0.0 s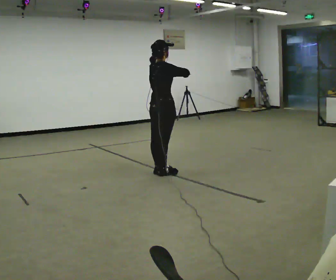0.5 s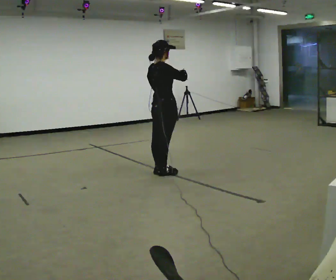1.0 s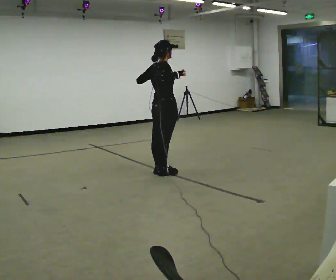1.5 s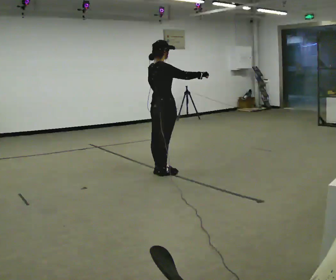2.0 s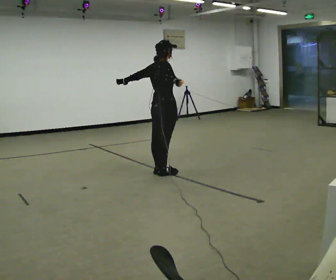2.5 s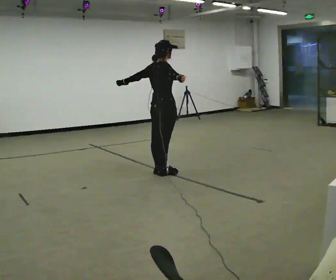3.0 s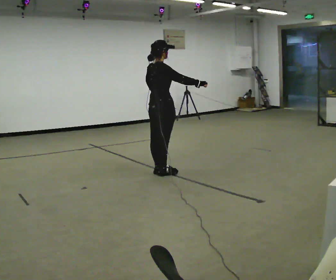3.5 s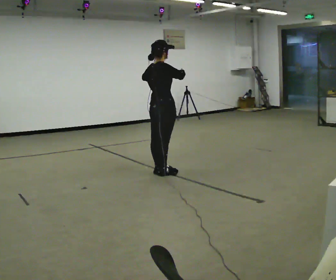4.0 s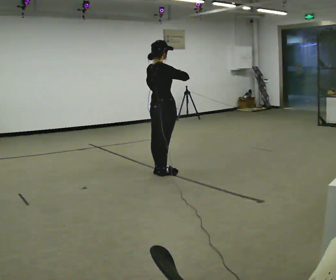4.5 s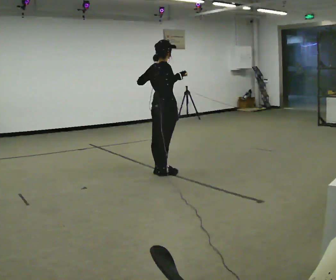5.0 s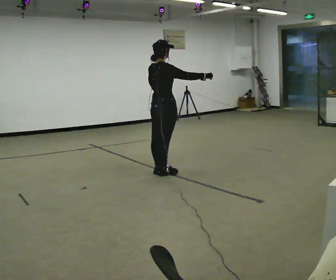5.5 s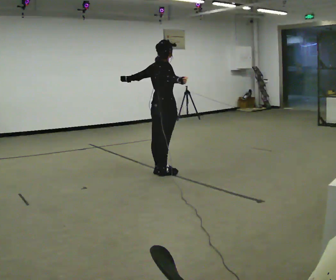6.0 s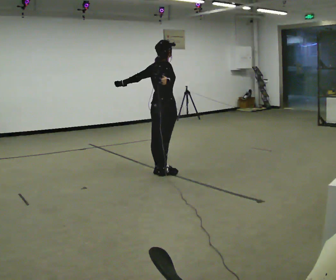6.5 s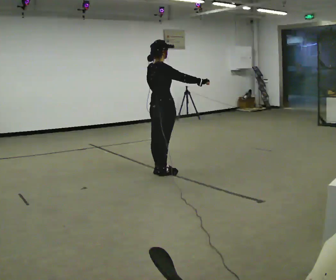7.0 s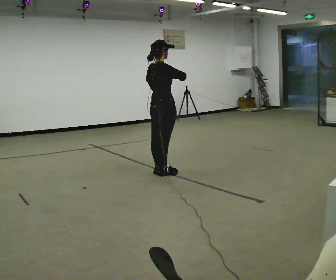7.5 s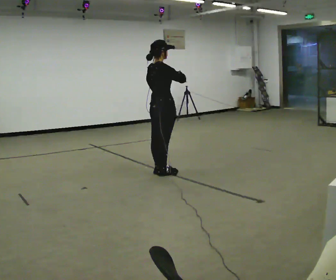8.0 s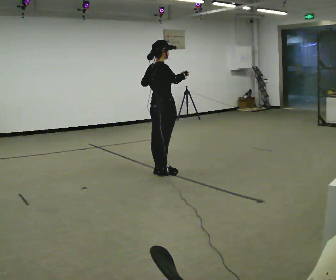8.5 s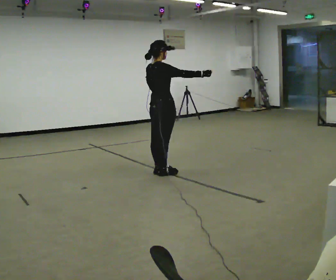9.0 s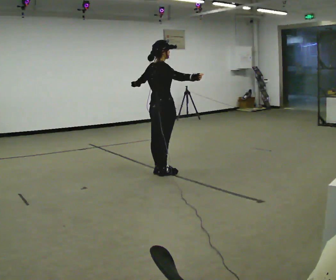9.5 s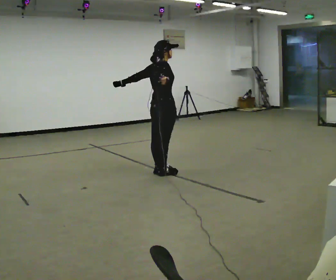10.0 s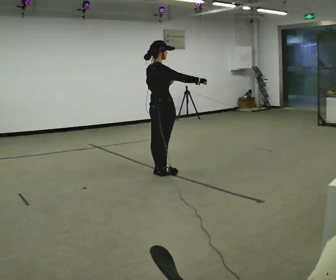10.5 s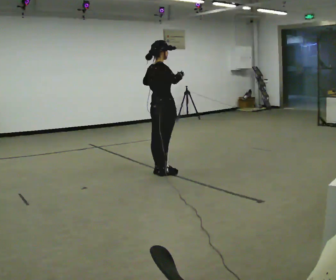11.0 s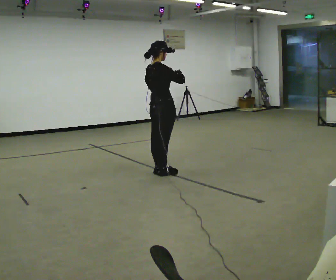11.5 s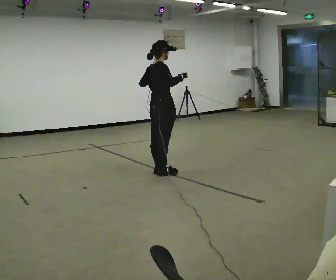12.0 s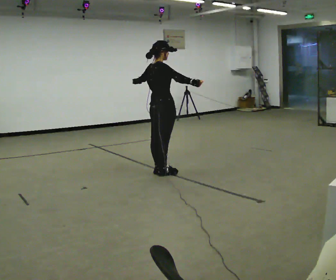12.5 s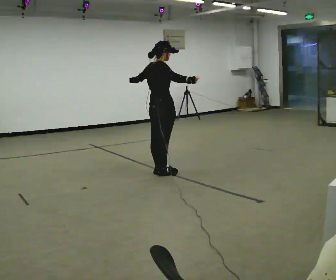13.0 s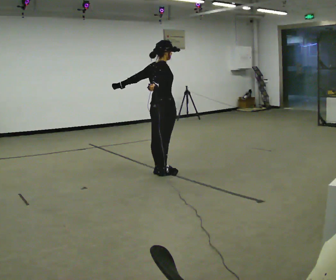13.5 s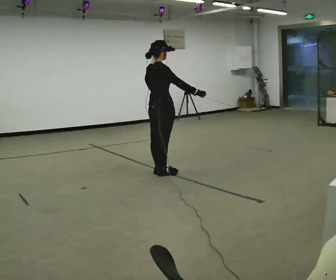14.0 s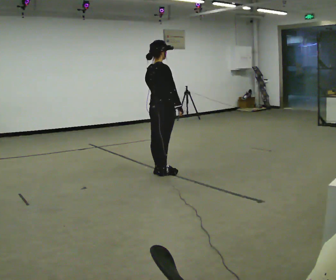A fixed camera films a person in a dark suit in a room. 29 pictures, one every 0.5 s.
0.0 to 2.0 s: In the picture their left hand goes to the left.
2.0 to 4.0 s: In the picture their left hand goes to the right.
4.0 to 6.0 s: In the picture their left hand goes to the left.
6.0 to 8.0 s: In the picture their left hand goes to the right.
8.0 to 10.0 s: The person moves a little, or ends about where they began.
10.0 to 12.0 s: In the picture their left hand goes to the left.
12.0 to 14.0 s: In the picture their left hand goes to the right and downward.
The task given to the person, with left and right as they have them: Dance freely at a fast tempo as if to upbeat music; keep moving continuously.
The film runs forward here.
